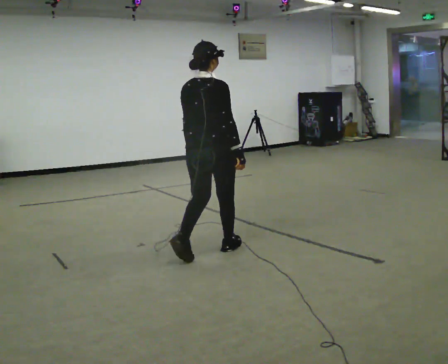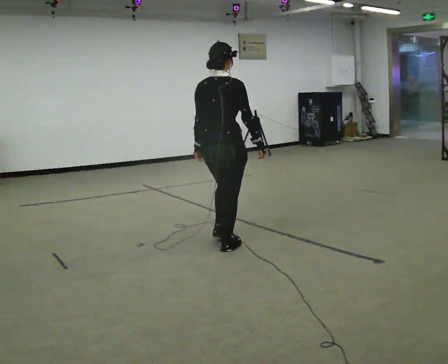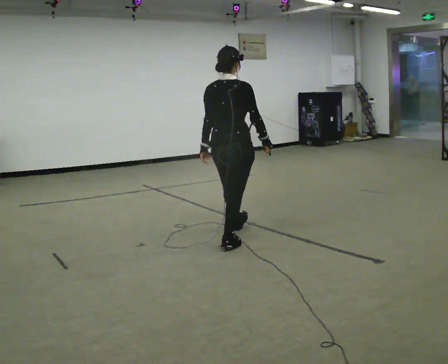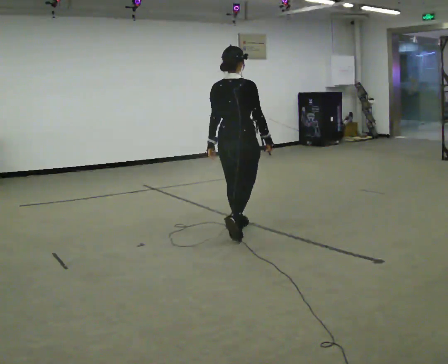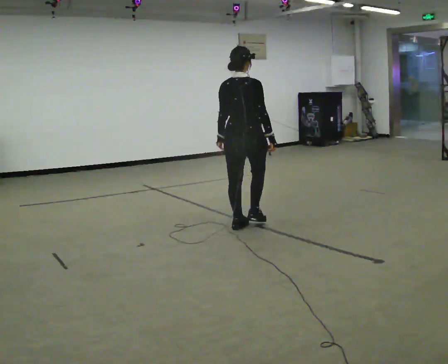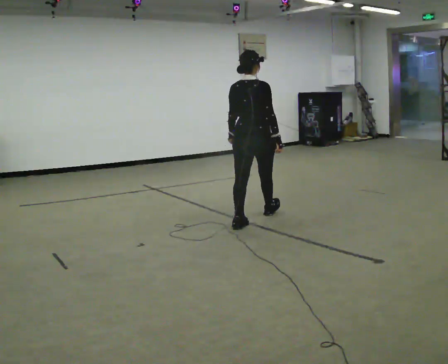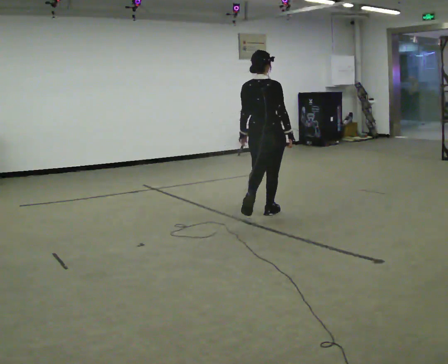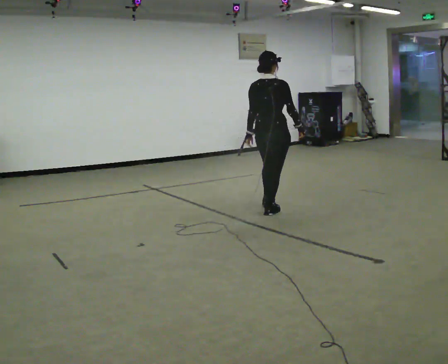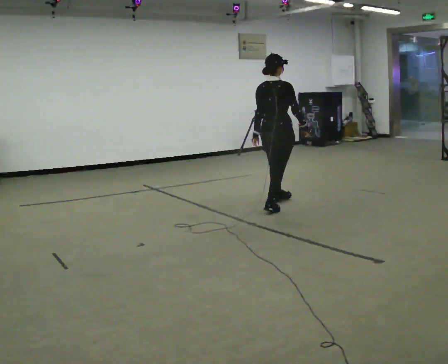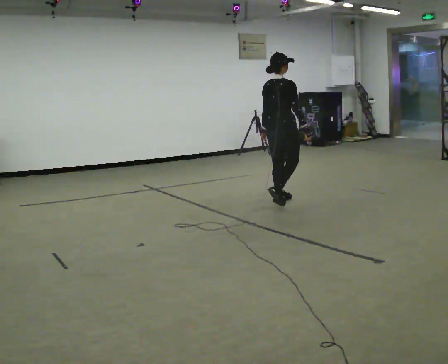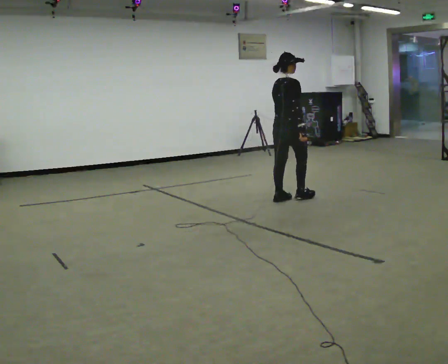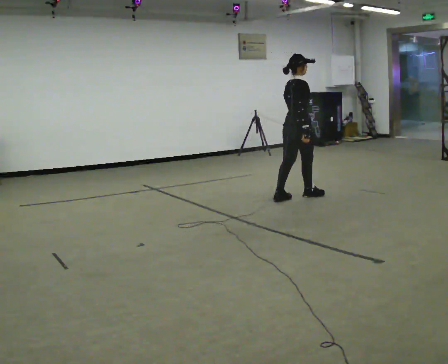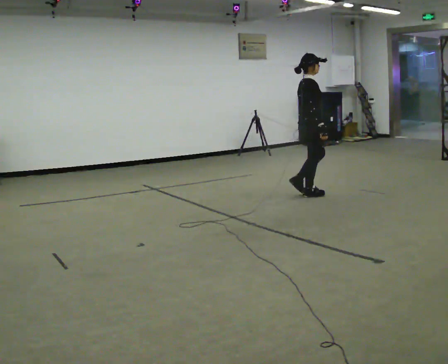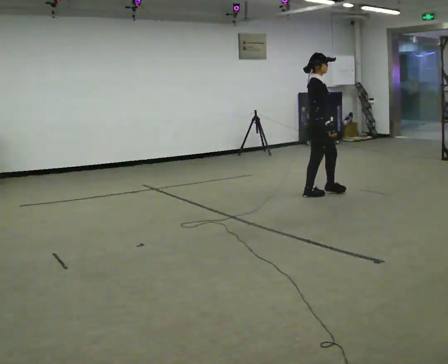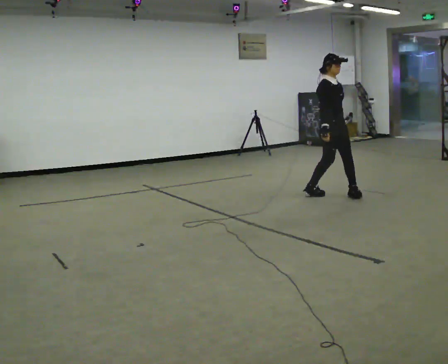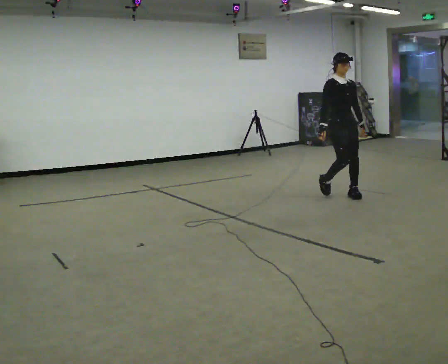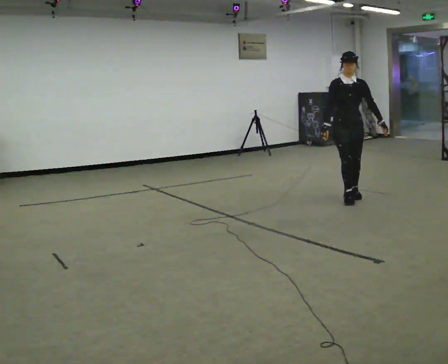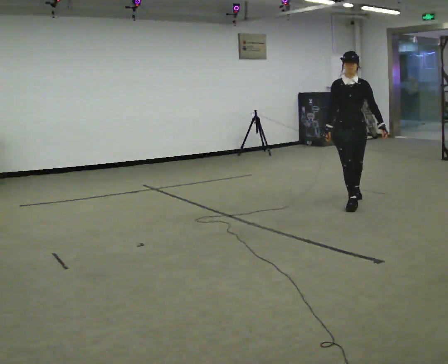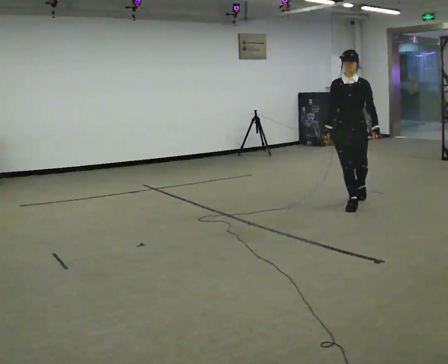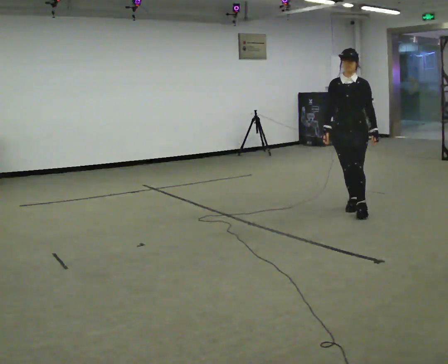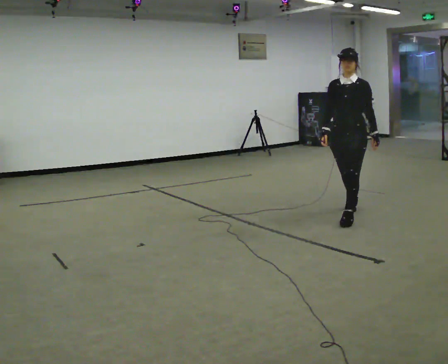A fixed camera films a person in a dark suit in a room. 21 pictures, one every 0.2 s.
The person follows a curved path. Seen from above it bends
clockwise.
The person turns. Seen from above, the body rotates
clockwise.
0.0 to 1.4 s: In the picture they go away from the camera, about 1.5 m in 2 steps, which for them is forward.
1.4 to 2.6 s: The person turns about 90 degrees to their right, clockwise seen from above, so the part of the body nearest the lens slides to the left. In the picture they go away from the camera and to the right, about 1 m in 2 steps.
2.6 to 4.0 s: Seen from above the body turns clockwise, about 105 degrees: to their right, with its near side sliding to the left. In the picture they go toward the camera, about 1 m in 3 steps.
The film runs forward here.
